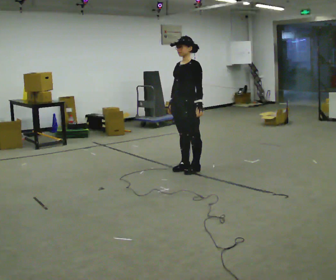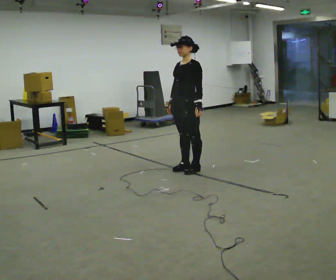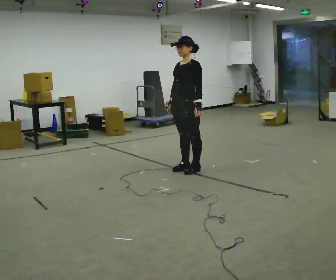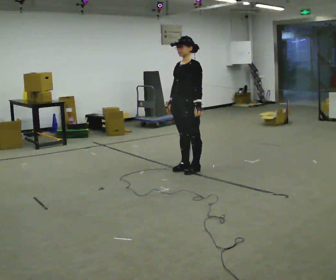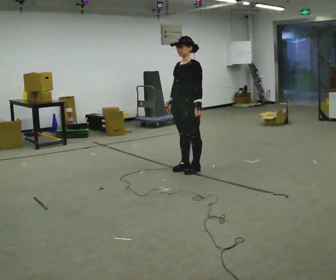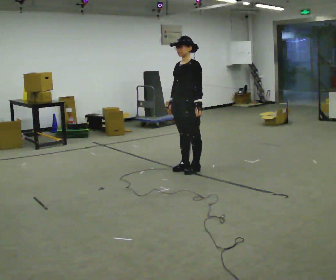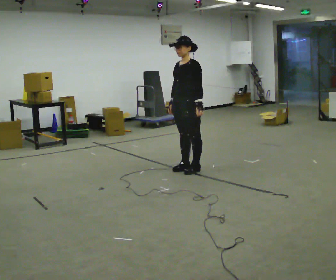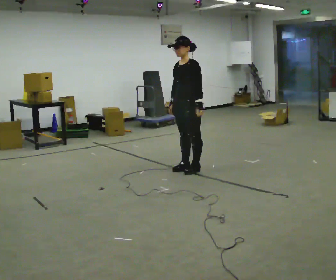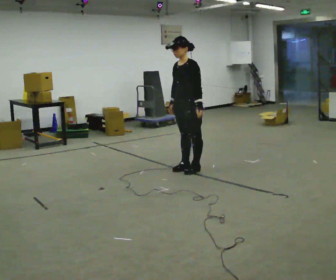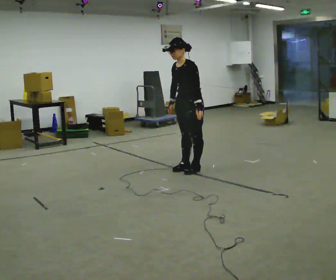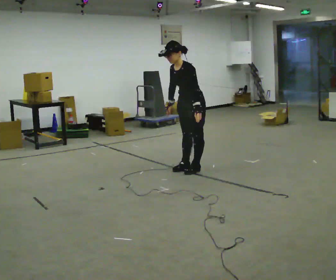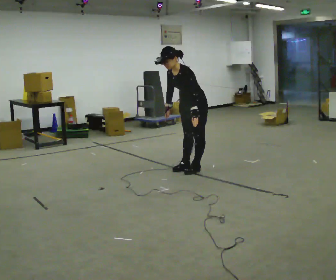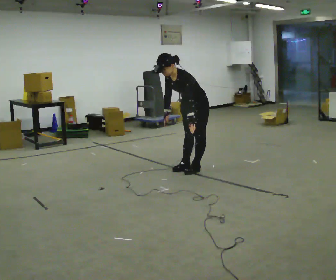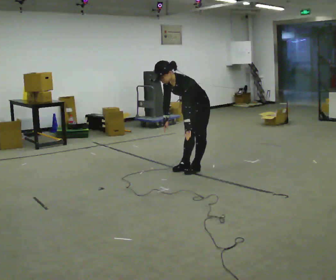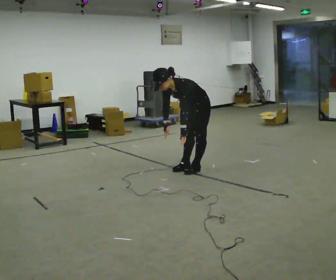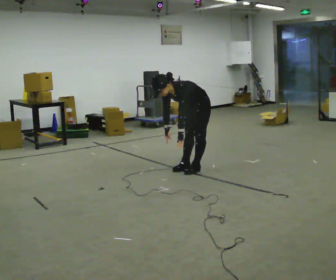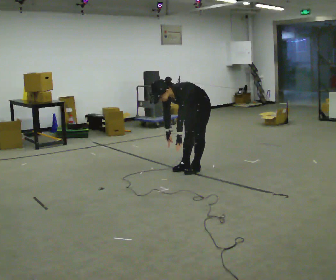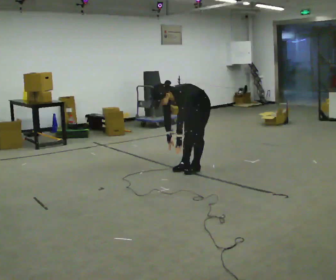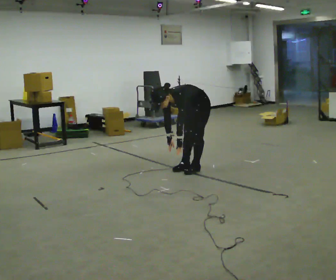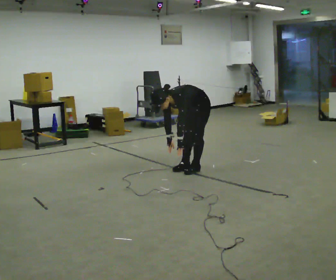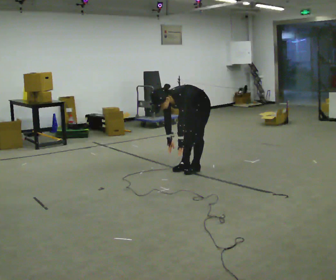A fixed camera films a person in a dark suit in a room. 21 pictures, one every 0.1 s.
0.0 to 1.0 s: In the picture the upper body tilts counterclockwise, shoulders to the left, as they bend forward.
1.0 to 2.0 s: The upper body goes downward. In the picture the upper body tilts counterclockwise, shoulders to the left, as they bend forward. In the picture their right hand goes downward.
The film runs forward here.
